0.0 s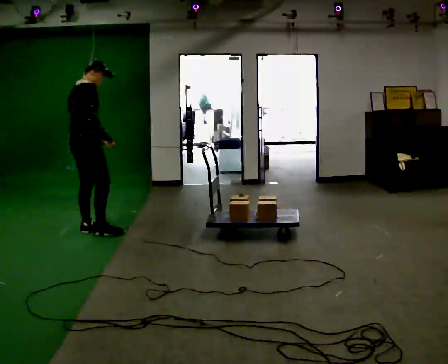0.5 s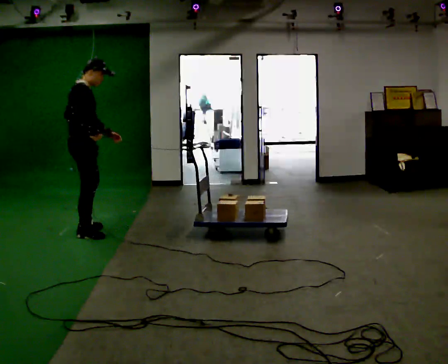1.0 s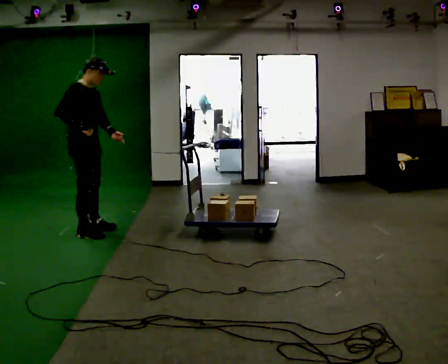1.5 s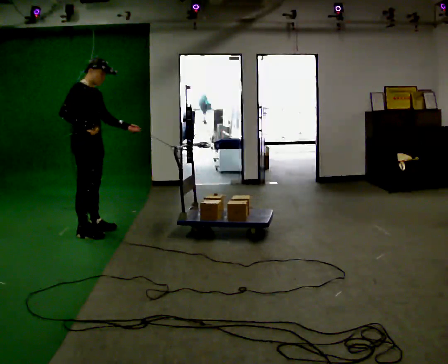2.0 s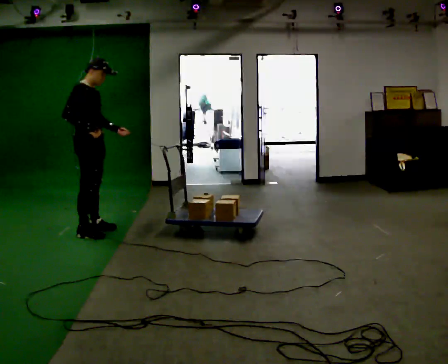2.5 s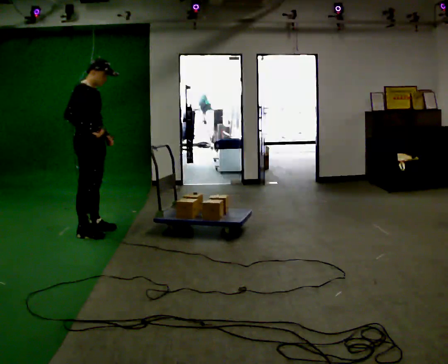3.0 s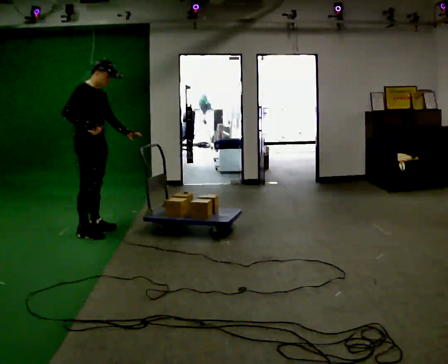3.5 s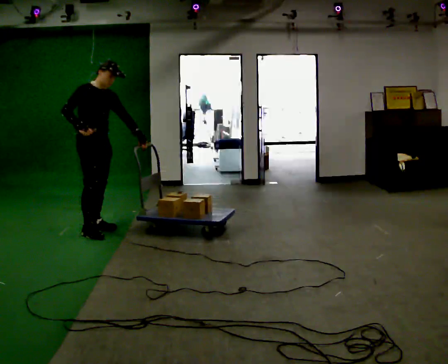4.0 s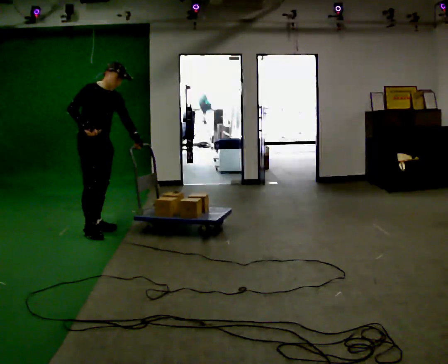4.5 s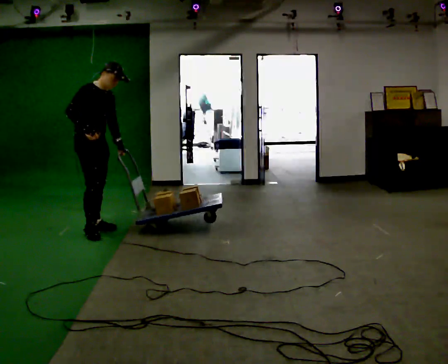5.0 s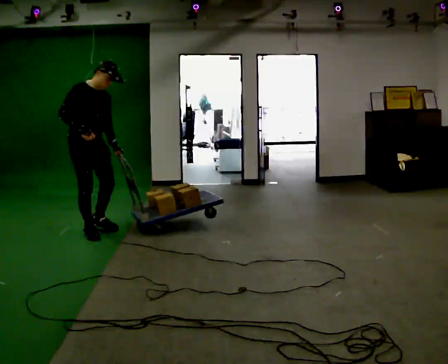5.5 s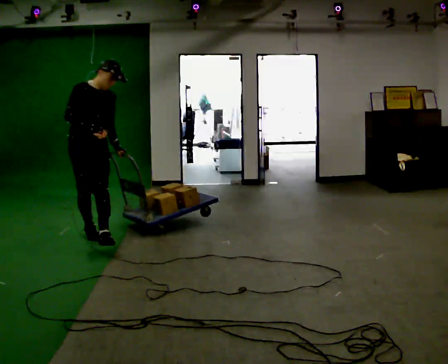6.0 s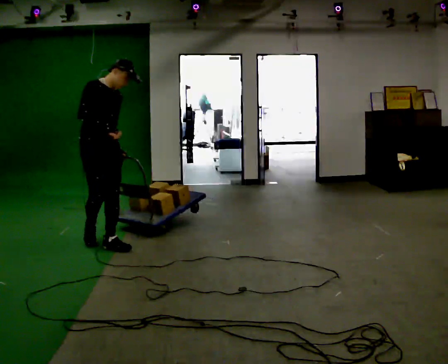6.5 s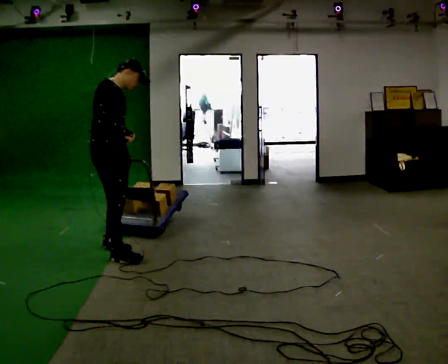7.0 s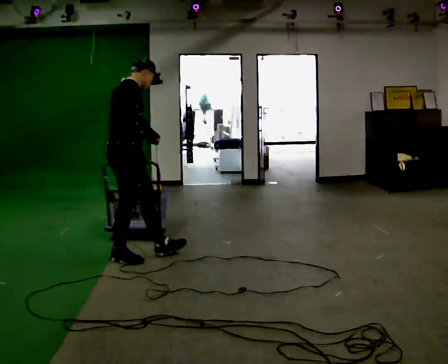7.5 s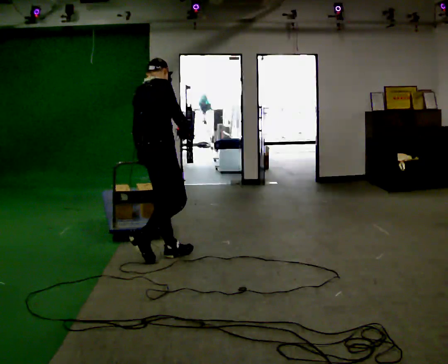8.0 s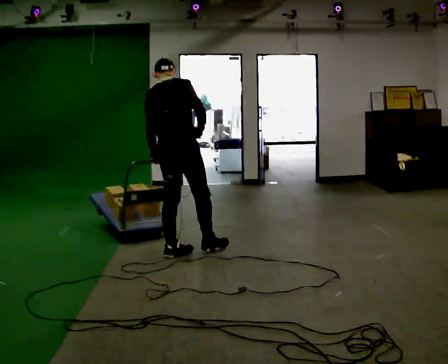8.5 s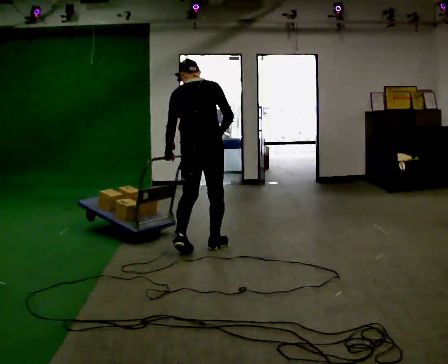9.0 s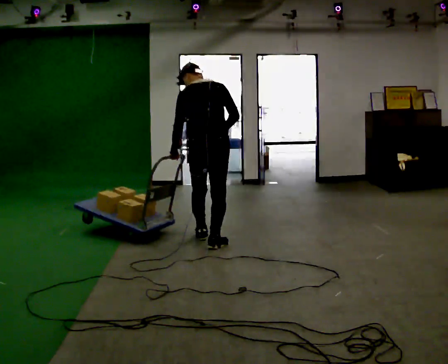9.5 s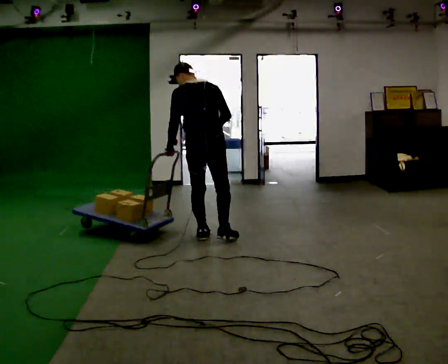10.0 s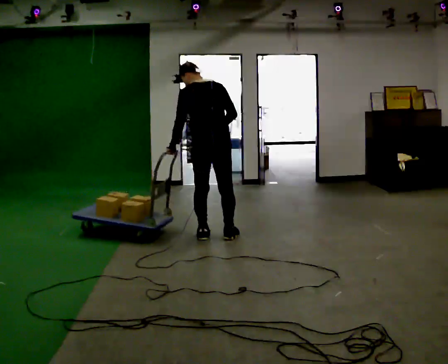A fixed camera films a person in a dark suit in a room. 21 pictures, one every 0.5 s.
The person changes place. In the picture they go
to the right.
0.0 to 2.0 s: Seen from above the body turns clockwise, about 45 degrees: to their right, with its near side sliding to the left. In the picture their left hand goes to the right.
2.0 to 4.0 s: Seen from above the body turns clockwise, about 30 degrees: to their right, with its near side sliding to the left. In the picture the upper body tilts clockwise, shoulders to the right.
4.0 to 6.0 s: In the picture they go toward the camera, about 0.5 m in 1 step, which for them is forward and to their right.
6.0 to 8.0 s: The person turns about 105 degrees to their left, counterclockwise seen from above, so the part of the body nearest the lens slides to the right. In the picture they go to the right and toward the camera, about 0.5 m in 2 steps. In the picture the upper body tilts counterclockwise, shoulders to the left.
8.0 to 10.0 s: Seen from above the body turns counterclockwise, about 30 degrees: to their left, with its near side sliding to the right. In the picture they go away from the camera and to the right, about 0.5 m in 3 steps, which for them is forward.
The film runs forward here.
